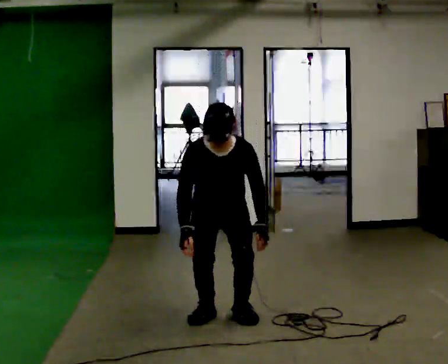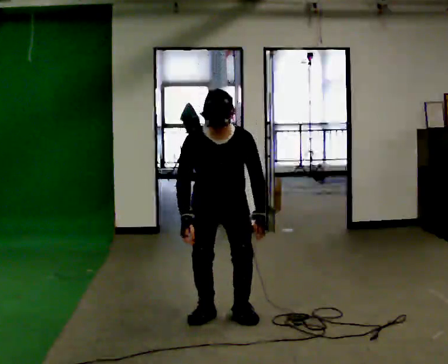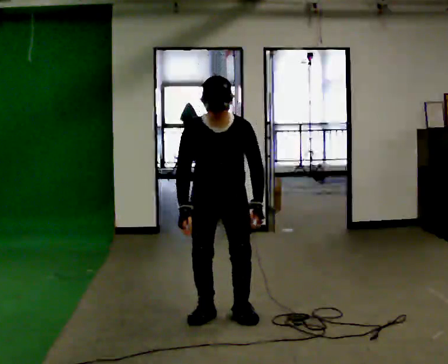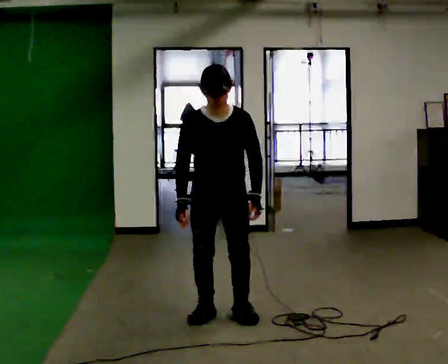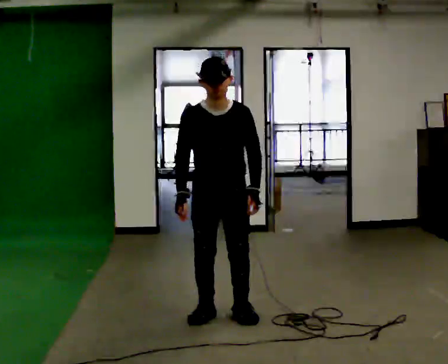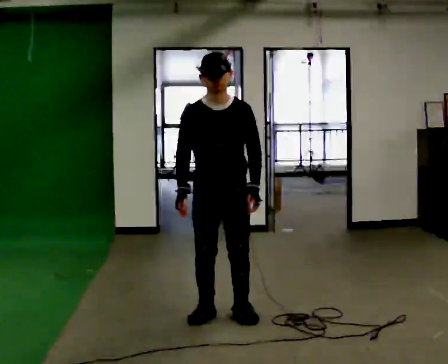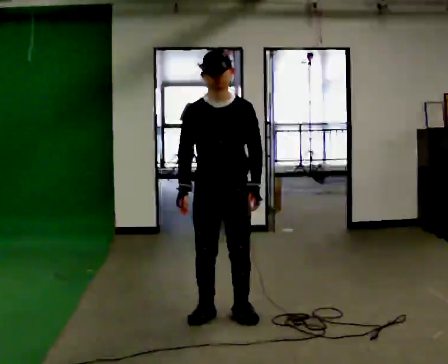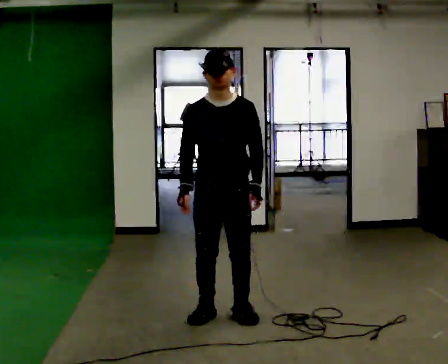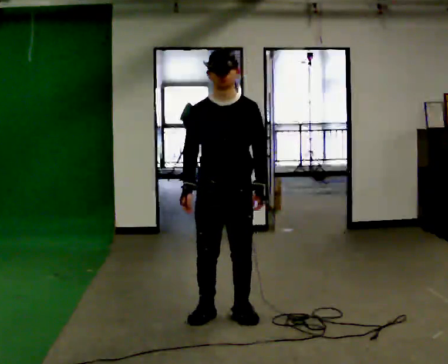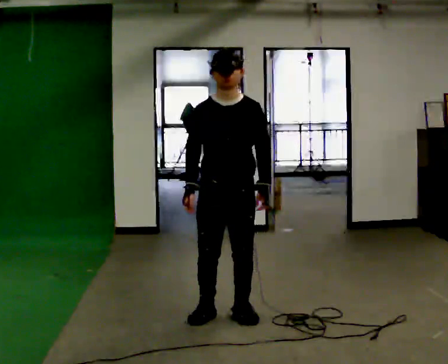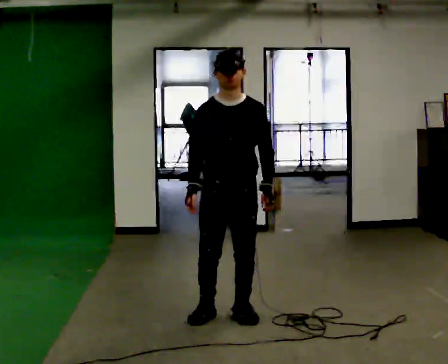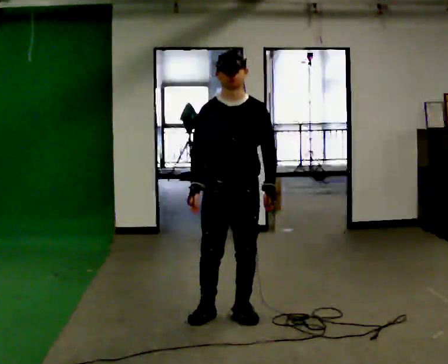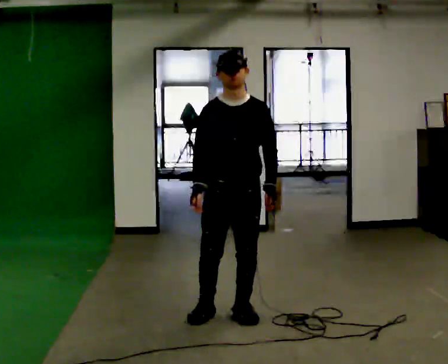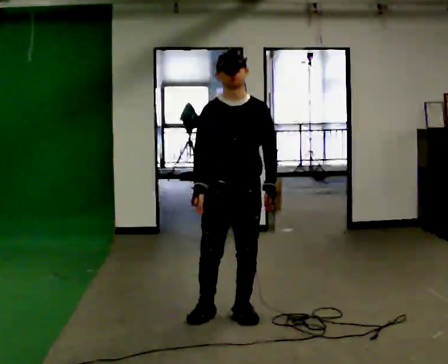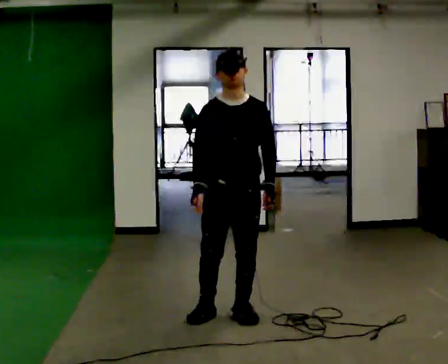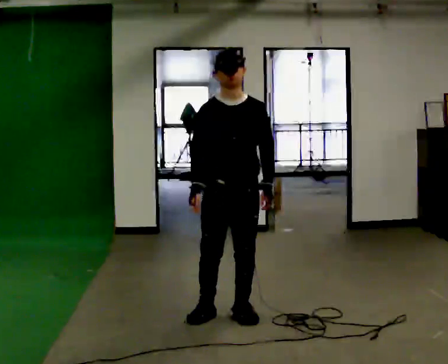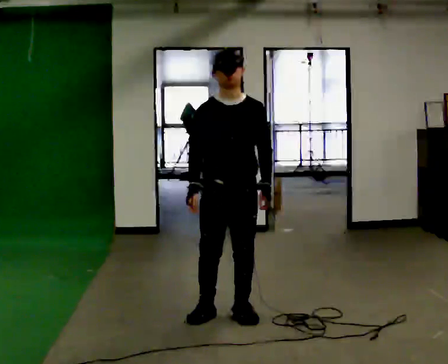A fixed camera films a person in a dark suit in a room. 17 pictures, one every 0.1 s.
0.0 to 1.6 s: The upper body goes upward. The upper body tips away from the camera, its near side rolling upward, as they lean back or straighten.
The film runs backward here.
